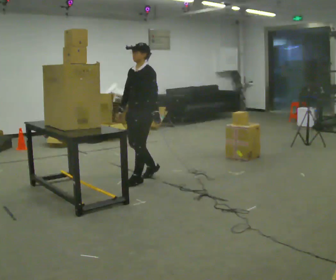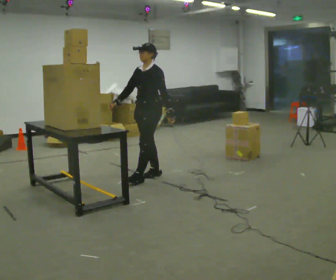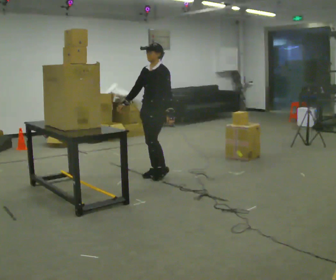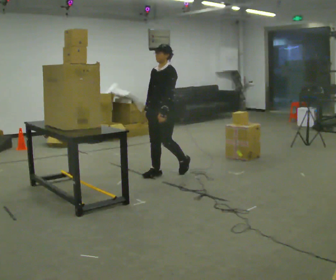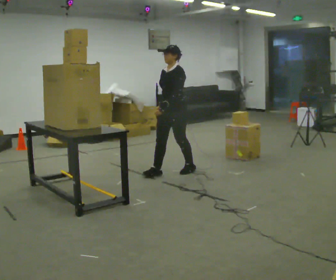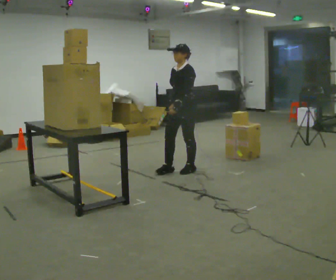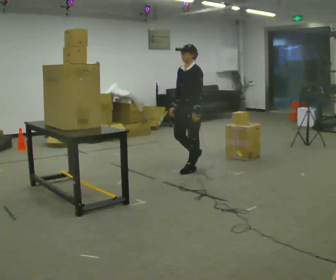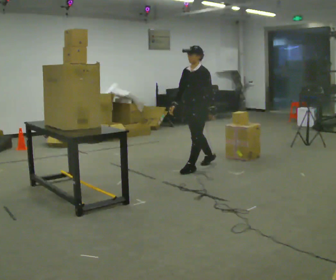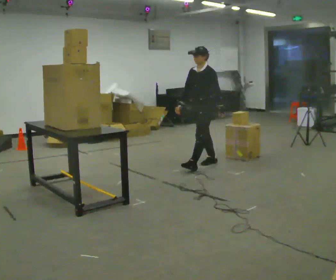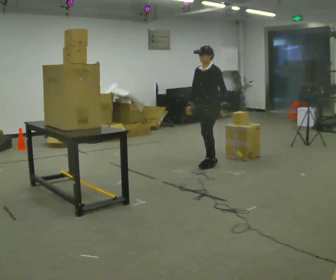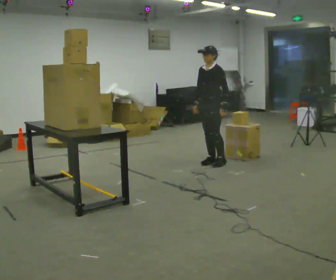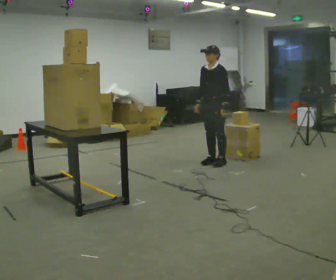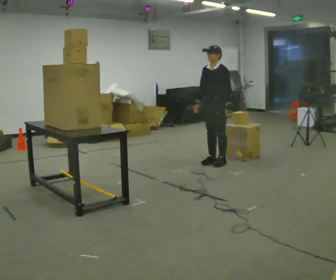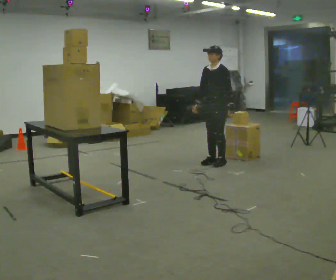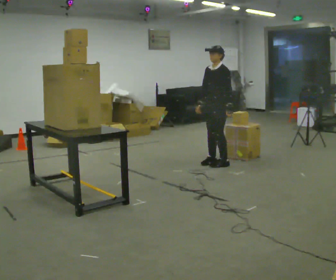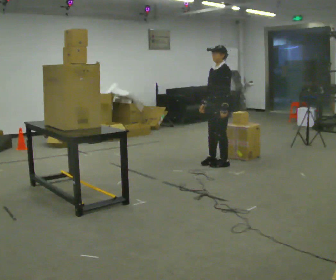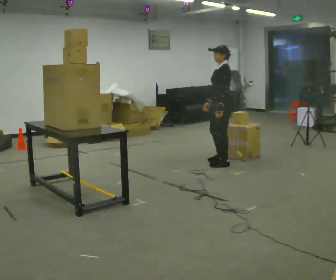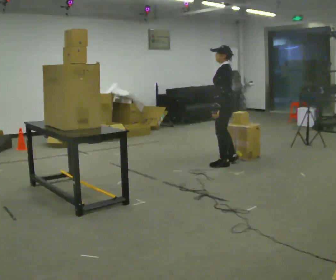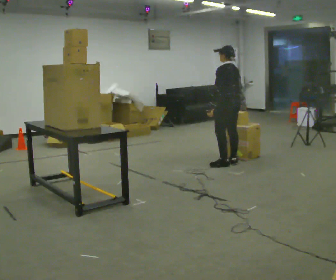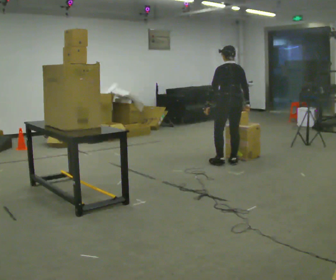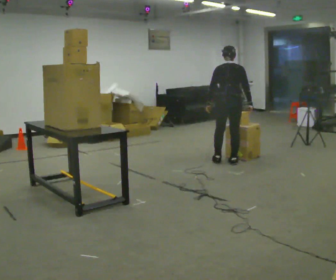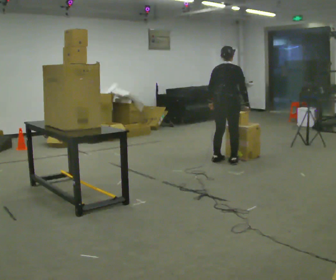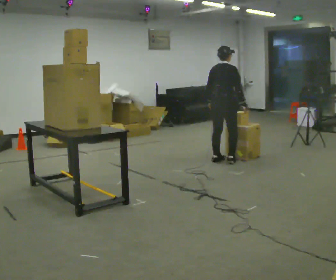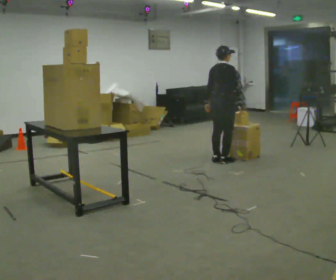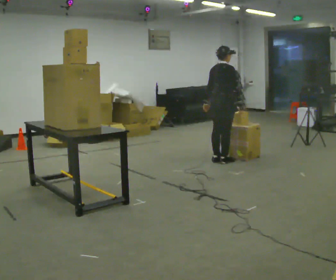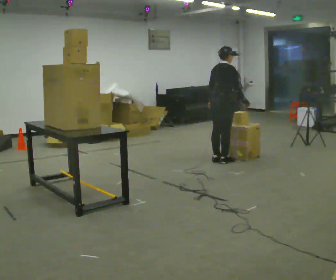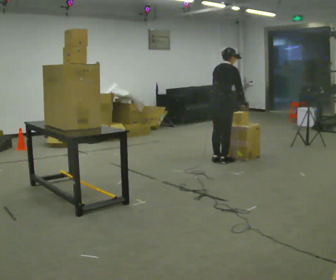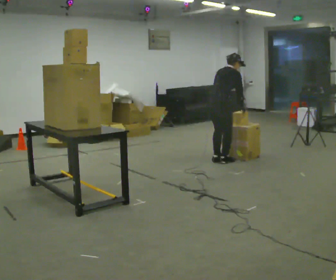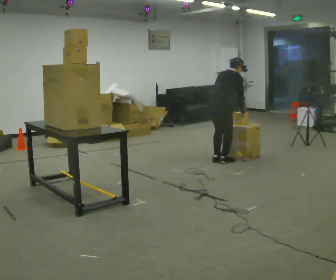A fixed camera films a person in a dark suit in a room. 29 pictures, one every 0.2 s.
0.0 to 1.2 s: In the picture they go away from the camera and to the right, about 0.5 m in 2 steps, which for them is backward.
1.2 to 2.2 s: In the picture they go away from the camera and to the right, about 0.5 m in 1 step, which for them is backward.
2.2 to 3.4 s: The part of the body nearest the lens slides to the left as the person turns to their right by about 60 degrees. In the picture they go to the right, about 0.25 m in 1 step.
3.4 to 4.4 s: The person turns about 105 degrees to their right, clockwise seen from above, so the part of the body nearest the lens slides to the left. In the picture they go away from the camera, about 0.25 m in 1 step.
4.4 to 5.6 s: The upper body tips away from the camera, its near side rolling upward, as they bend forward.
The film runs backward here.
